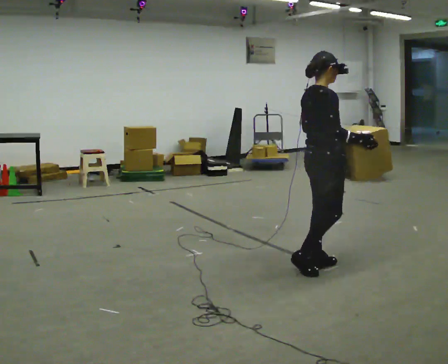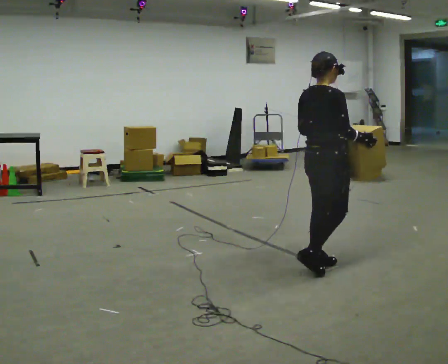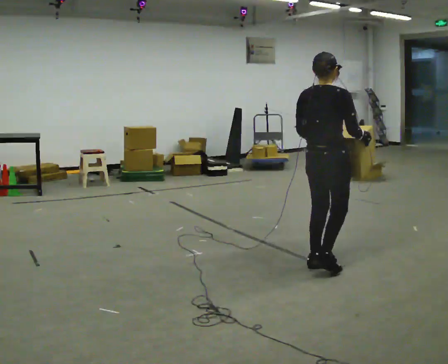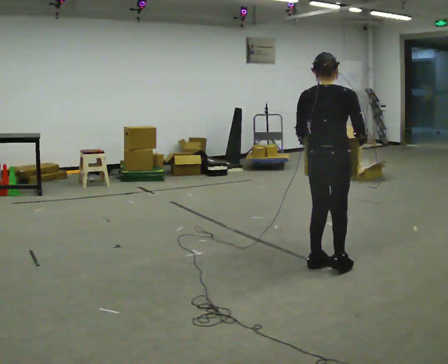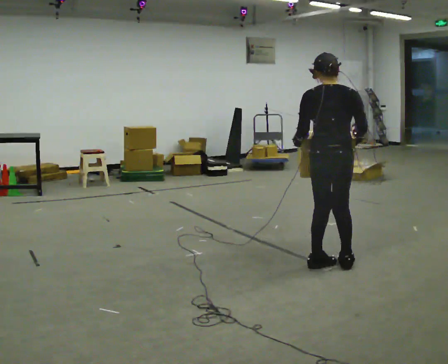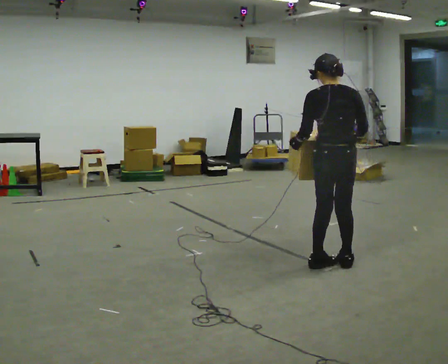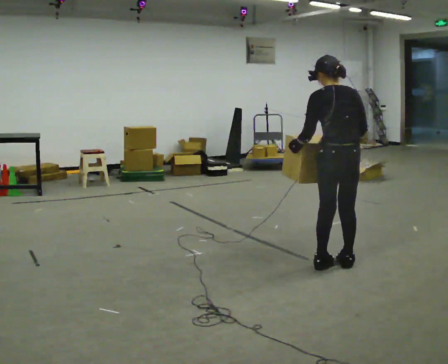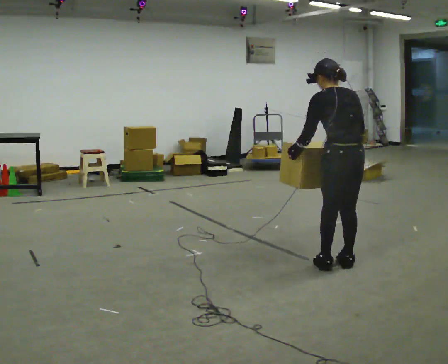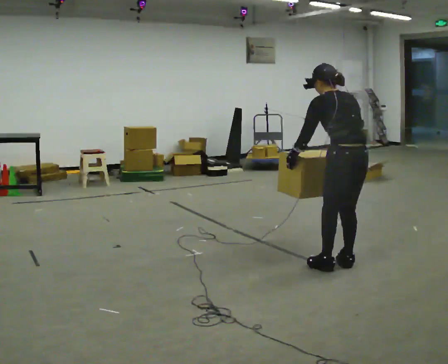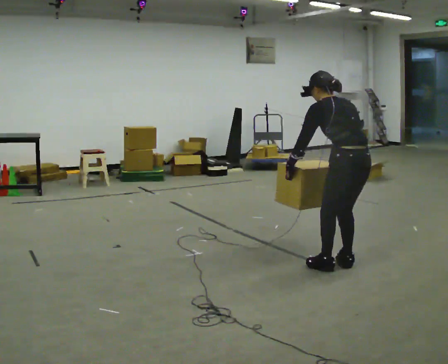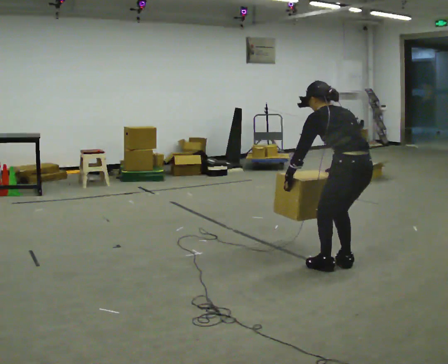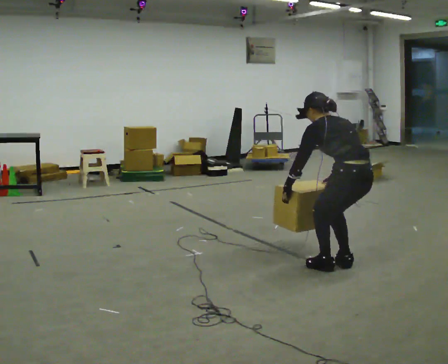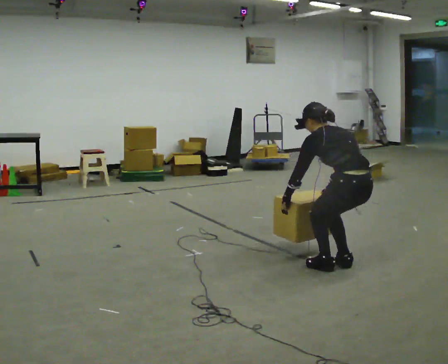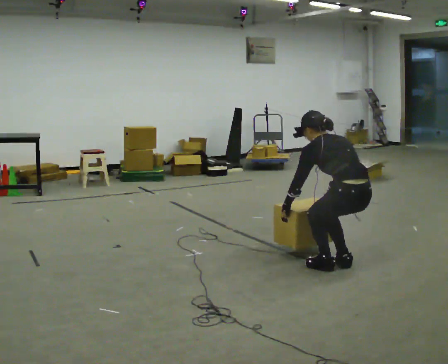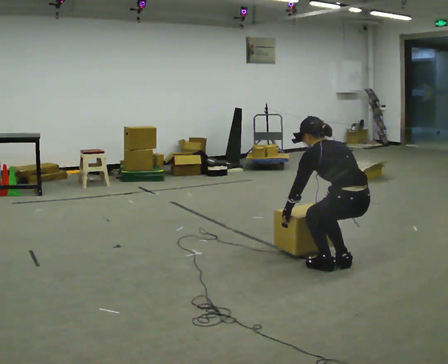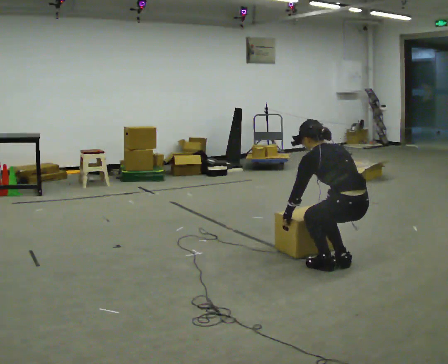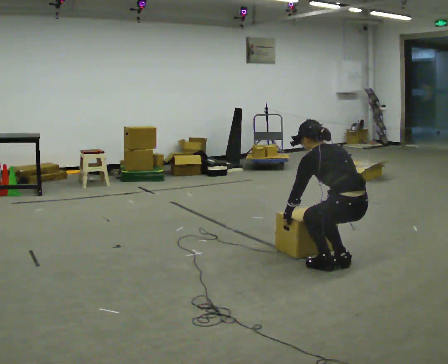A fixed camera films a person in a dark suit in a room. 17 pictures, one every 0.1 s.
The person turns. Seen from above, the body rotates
counterclockwise.
The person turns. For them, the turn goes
to their left.
0.0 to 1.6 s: The part of the body nearest the lens slides to the right as the person turns to their left by about 105 degrees. In the picture they go to the right, about 0.25 m in 1 step. The shoulders move downward. In the picture the upper body tilts counterclockwise, shoulders to the left, as they bend forward. In the picture their right hand goes downward.
The film runs forward here.
